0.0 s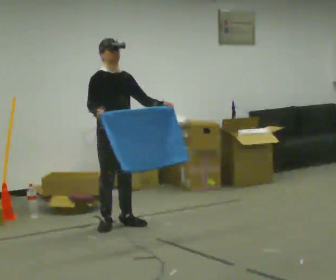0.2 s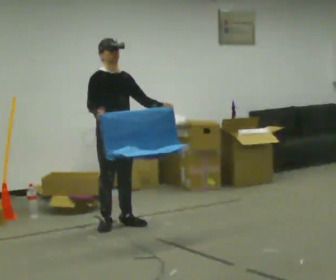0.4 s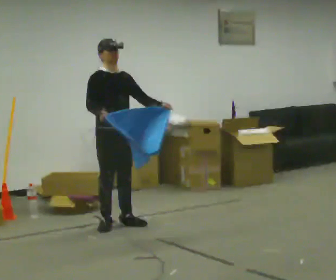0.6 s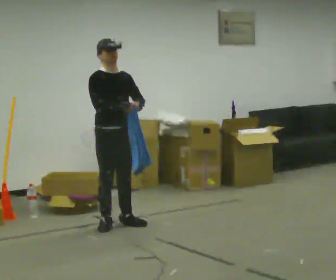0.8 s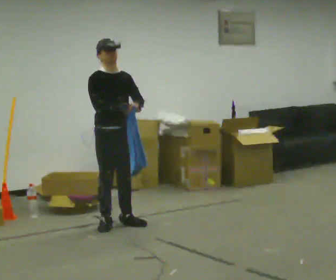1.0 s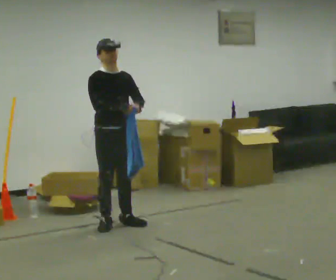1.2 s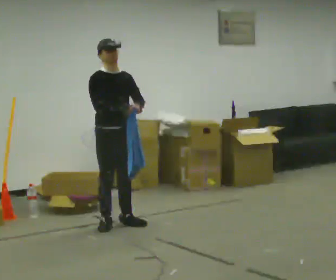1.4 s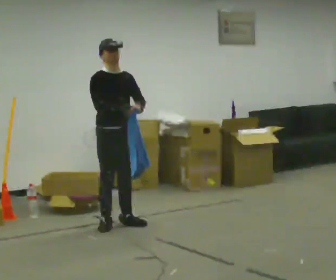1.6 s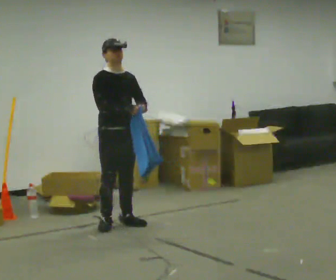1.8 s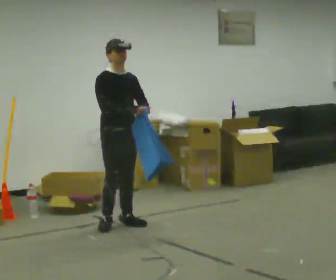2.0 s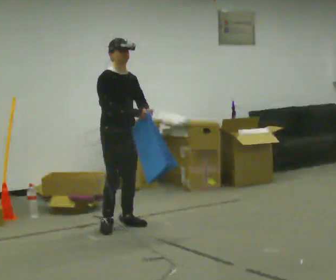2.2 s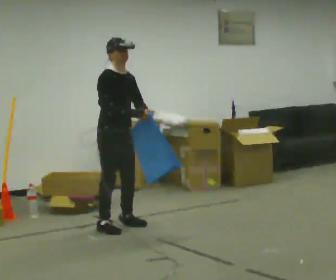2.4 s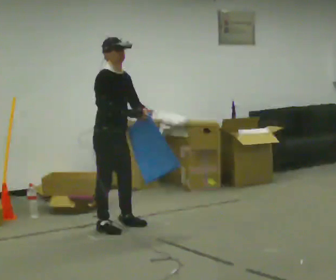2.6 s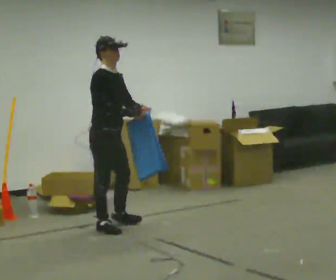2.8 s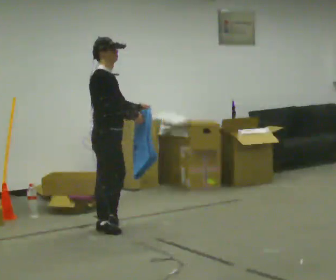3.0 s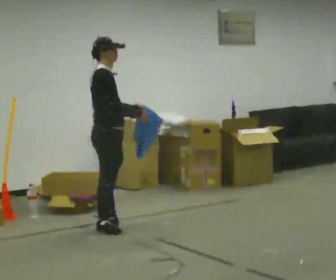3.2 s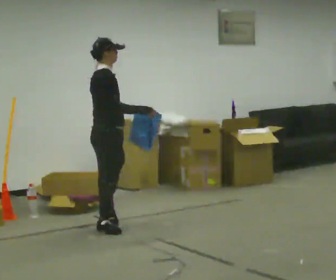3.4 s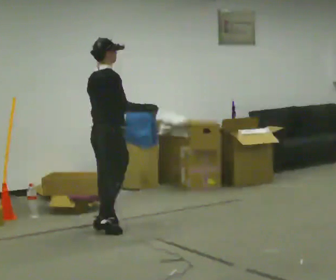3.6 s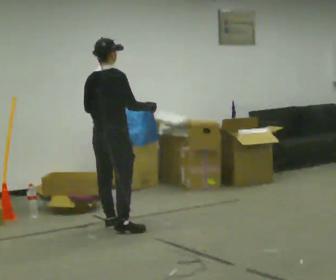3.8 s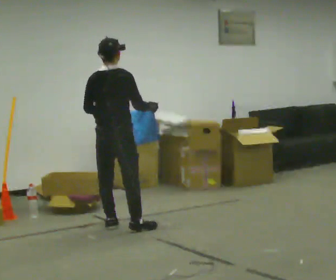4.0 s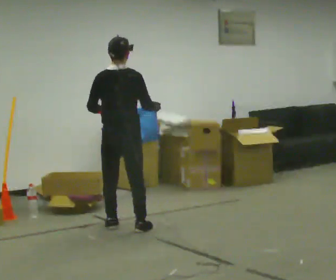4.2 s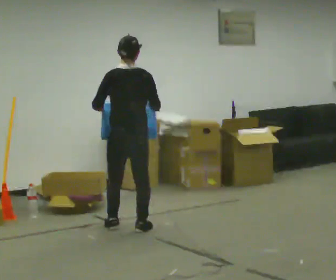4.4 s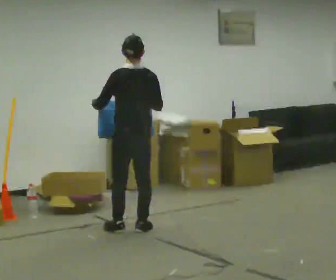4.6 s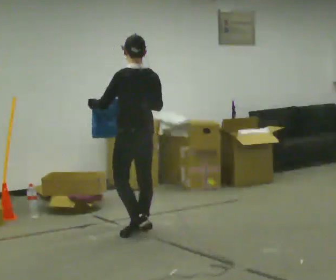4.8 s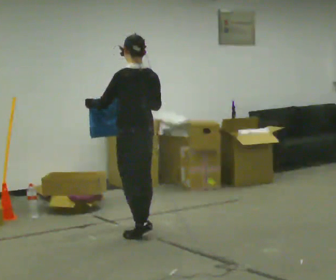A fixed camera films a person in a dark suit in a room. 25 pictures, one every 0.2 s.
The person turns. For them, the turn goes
to their left.
The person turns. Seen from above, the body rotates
counterclockwise.
0.0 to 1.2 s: The person moves a little, or ends about where they began.
1.2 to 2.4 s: The person turns about 30 degrees to their left, counterclockwise seen from above, so the part of the body nearest the lens slides to the right.
2.4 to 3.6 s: Seen from above the body turns counterclockwise, about 90 degrees: to their left, with its near side sliding to the right.
3.6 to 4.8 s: The person turns about 75 degrees to their left, counterclockwise seen from above, so the part of the body nearest the lens slides to the right. In the picture they go toward the camera and to the right, about 0.25 m in 1 step.
The film runs backward here.
